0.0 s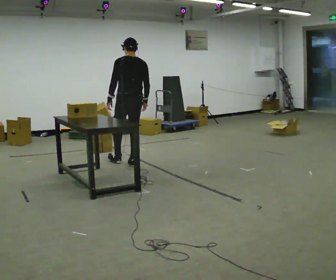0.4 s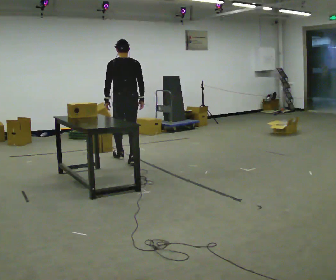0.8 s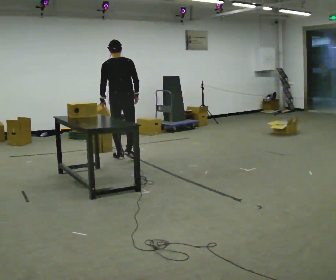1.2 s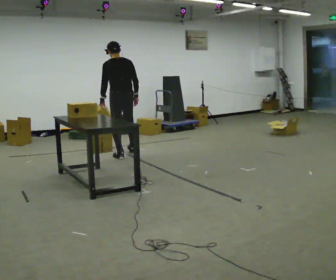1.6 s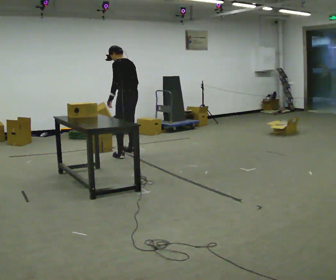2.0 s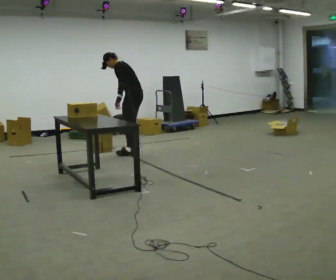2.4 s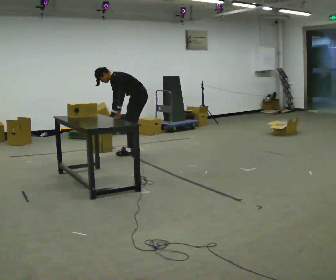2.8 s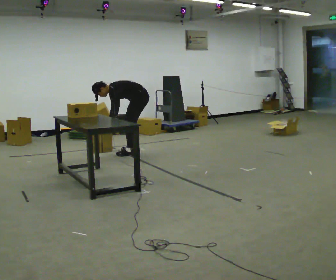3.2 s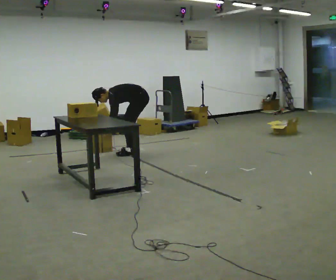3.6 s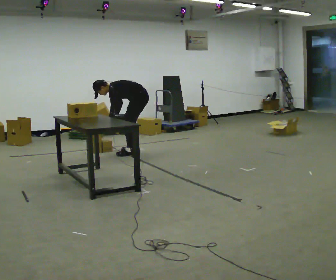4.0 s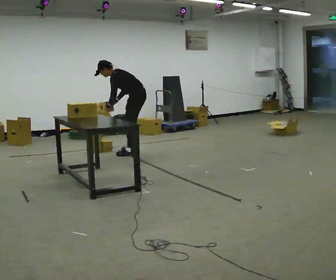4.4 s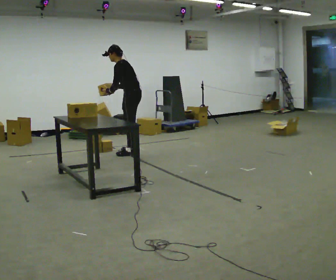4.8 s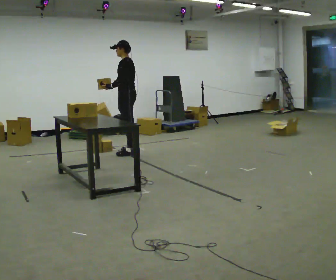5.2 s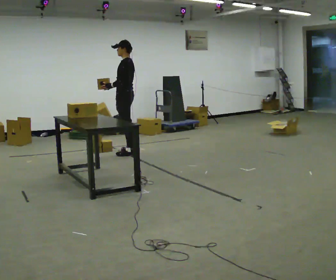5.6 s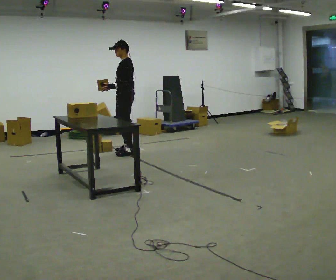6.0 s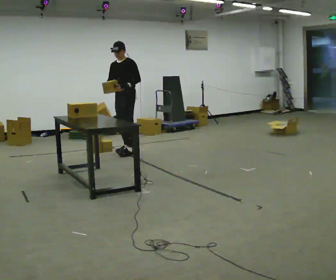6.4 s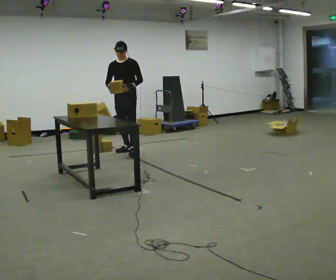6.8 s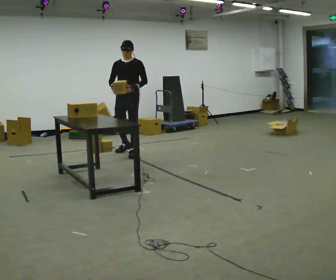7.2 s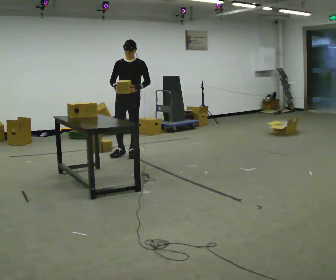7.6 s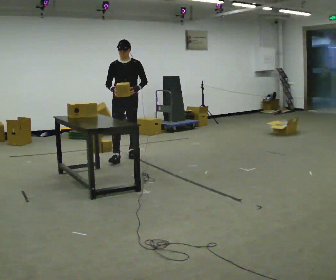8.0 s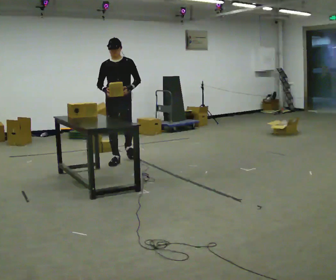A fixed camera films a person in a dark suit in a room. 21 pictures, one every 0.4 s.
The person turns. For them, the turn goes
to their left.
The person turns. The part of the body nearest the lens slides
to the right.
0.0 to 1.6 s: The person turns about 45 degrees to their left, counterclockwise seen from above, so the part of the body nearest the lens slides to the right. In the picture they go away from the camera, about 0.5 m in 2 steps, which for them is forward.
1.6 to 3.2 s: The person turns about 30 degrees to their left, counterclockwise seen from above, so the part of the body nearest the lens slides to the right. In the picture they go to the right, about 0.25 m in 1 step, which for them is to their right and backward. The shoulders move downward. In the picture the upper body tilts counterclockwise, shoulders to the left, as they bend forward. In the picture their left hand goes downward.
3.2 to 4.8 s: In the picture they go to the left, about 0.25 m, which for them is forward. The shoulders move upward. In the picture the upper body tilts clockwise, shoulders to the right, as they lean back or straighten. In the picture their left hand goes upward.
4.8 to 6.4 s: The person turns about 75 degrees to their left, counterclockwise seen from above, so the part of the body nearest the lens slides to the right. In the picture their left hand goes to the right, the arm swinging counterclockwise.
6.4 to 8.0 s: In the picture they go toward the camera, about 0.75 m in 1 step, which for them is forward.
The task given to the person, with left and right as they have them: Pick up the next box in the row and carry it to the table. The operator will not tell you how heavy each one is. Keep going until the operator says stop; one object at a time, and do not rush between trips.
The film runs forward here.
